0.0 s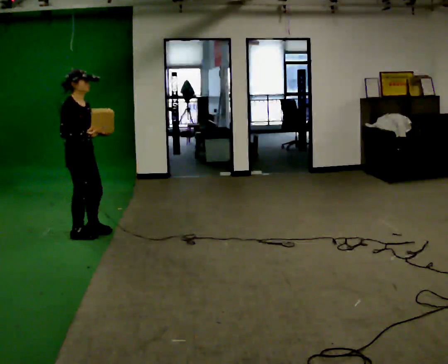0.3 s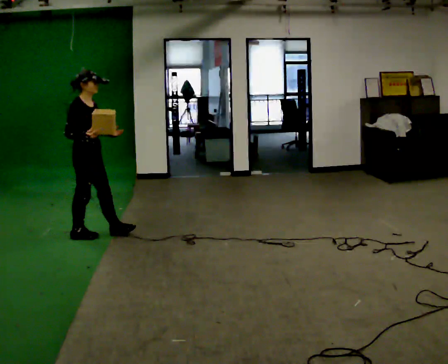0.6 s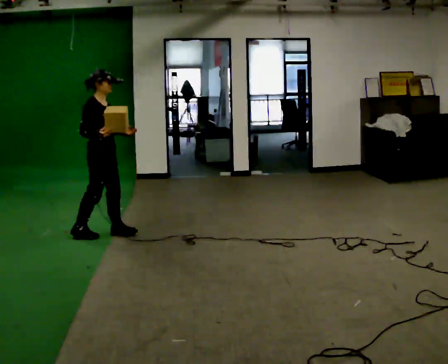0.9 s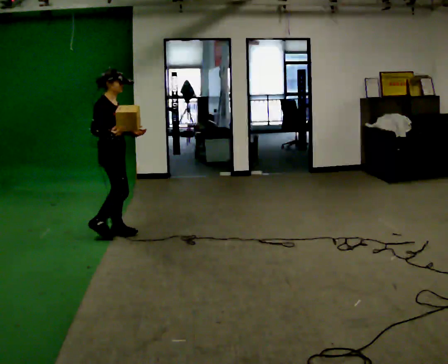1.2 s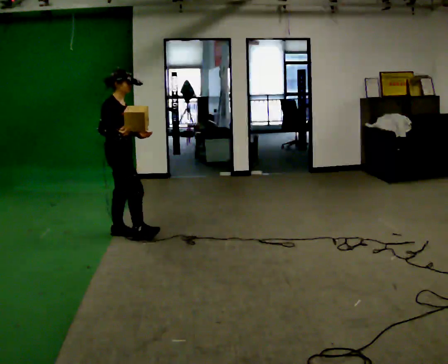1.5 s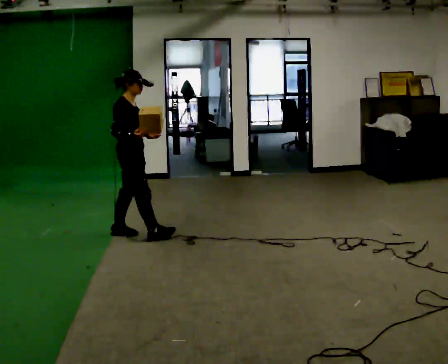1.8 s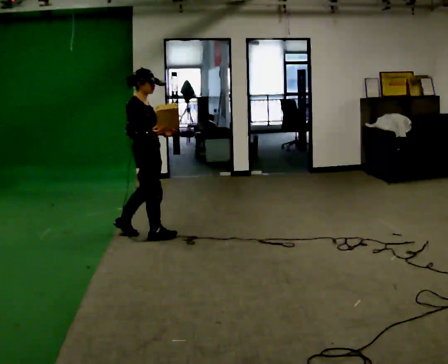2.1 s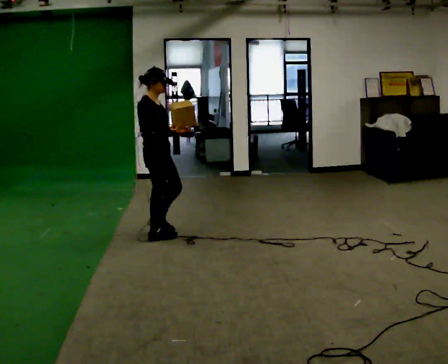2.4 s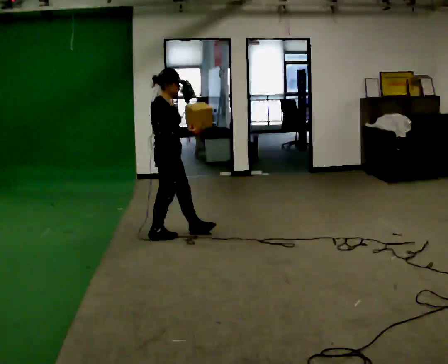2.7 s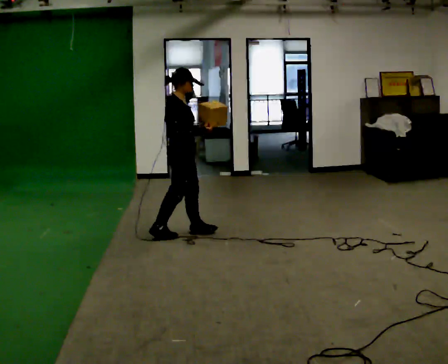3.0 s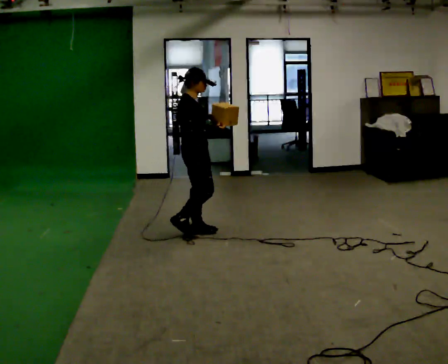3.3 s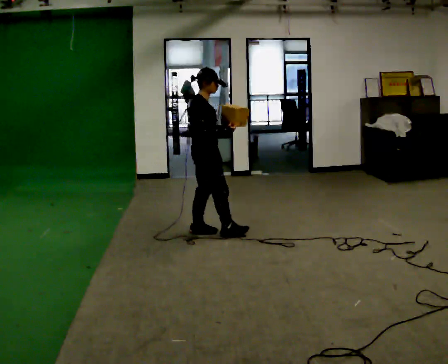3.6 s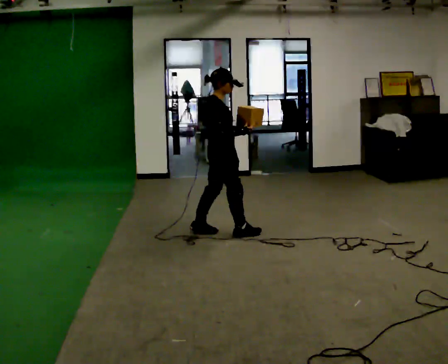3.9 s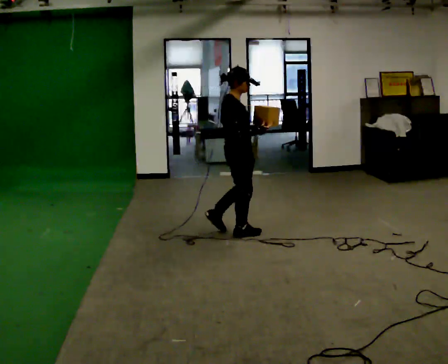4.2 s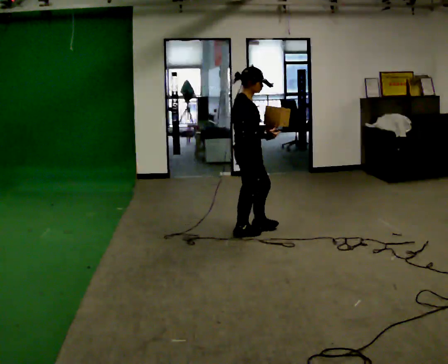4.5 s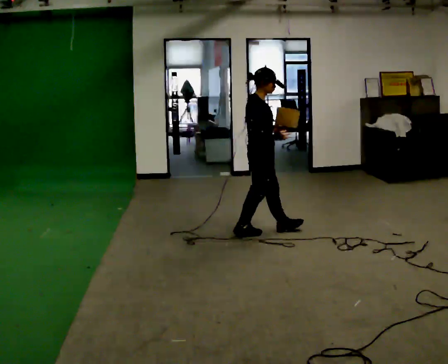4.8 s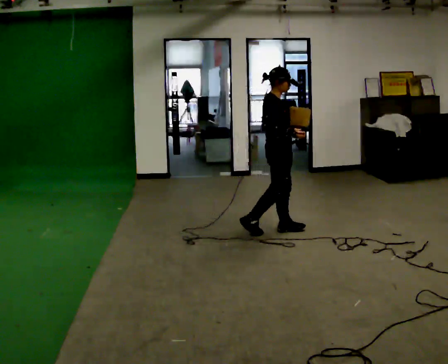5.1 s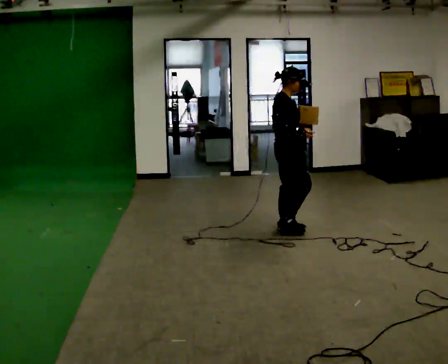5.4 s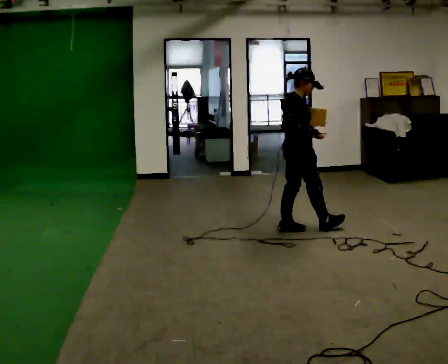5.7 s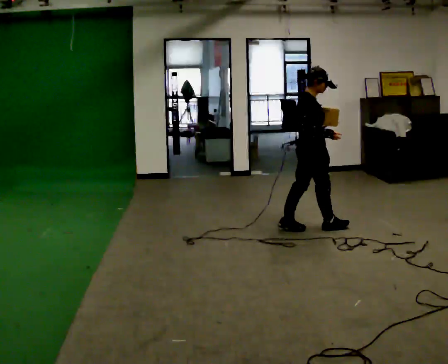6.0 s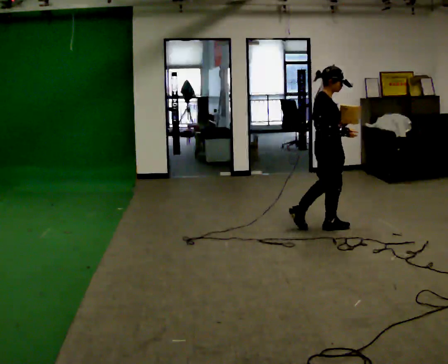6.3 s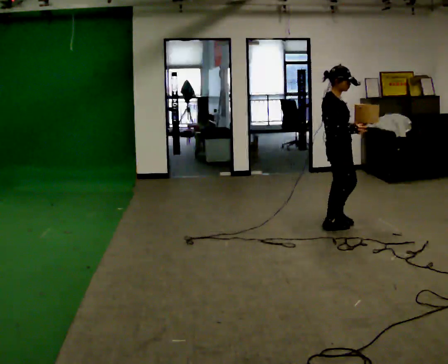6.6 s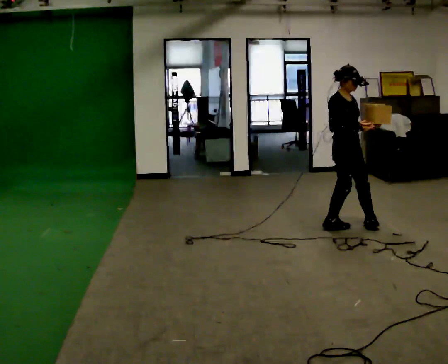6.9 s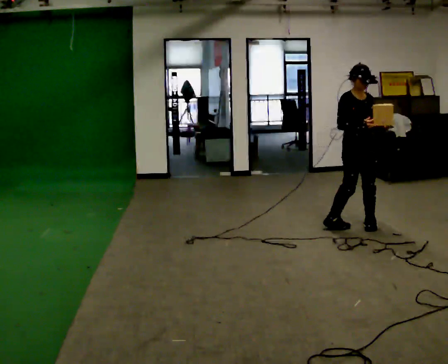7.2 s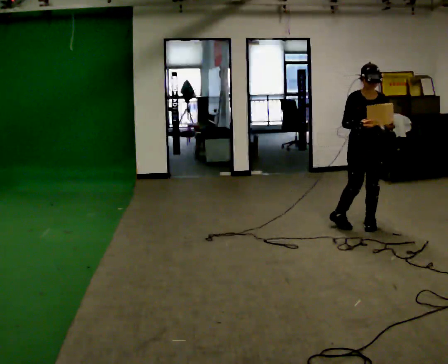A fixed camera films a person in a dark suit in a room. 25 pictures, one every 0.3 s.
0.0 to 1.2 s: In the picture they go to the right, about 0.25 m in 1 step, which for them is forward.
1.2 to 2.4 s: In the picture they go to the right, about 0.5 m in 2 steps, which for them is forward.
2.4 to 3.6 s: In the picture they go to the right, about 0.5 m in 1 step, which for them is forward.
3.6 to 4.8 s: In the picture they go to the right, about 0.5 m in 1 step, which for them is forward.
4.8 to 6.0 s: In the picture they go to the right, about 0.5 m in 1 step, which for them is forward.
6.0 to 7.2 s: The part of the body nearest the lens slides to the left as the person turns to their right by about 90 degrees. In the picture they go to the right, about 0.25 m in 1 step.
The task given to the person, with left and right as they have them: Carry the object in one hand and, while walking, pass it to your other hand. Keep passing it back and forth as you walk.
The film runs forward here.
